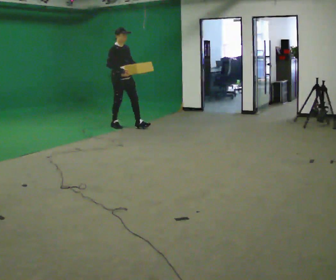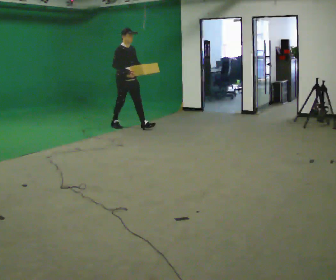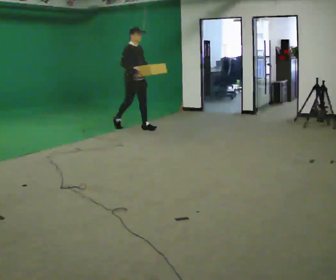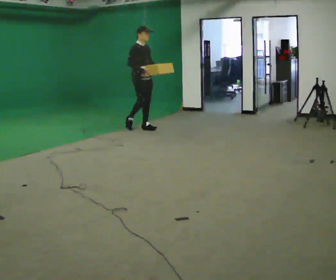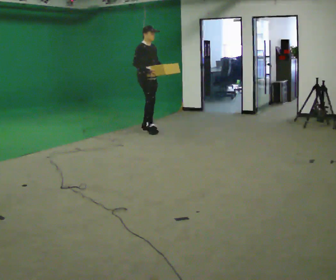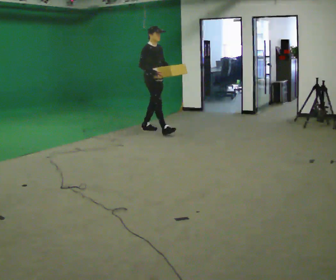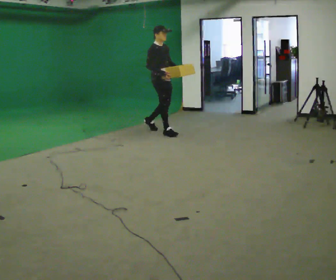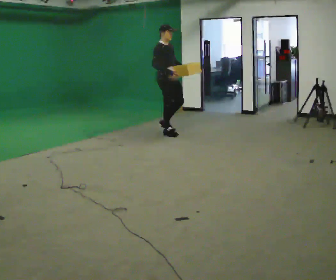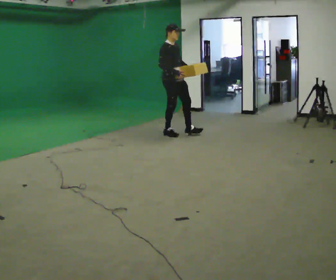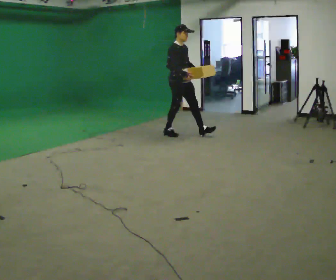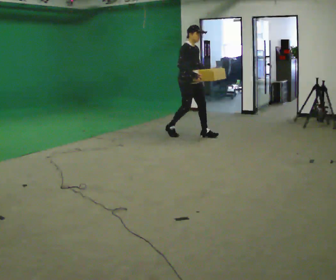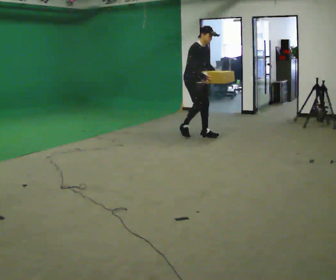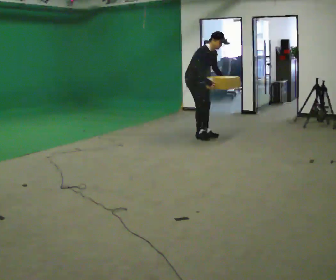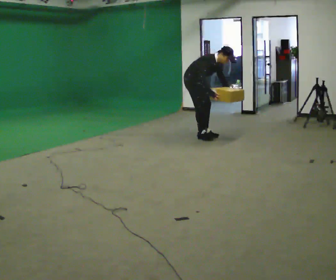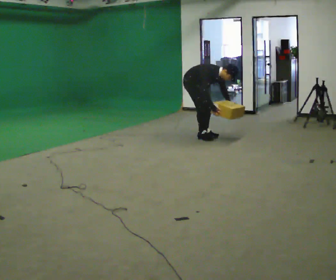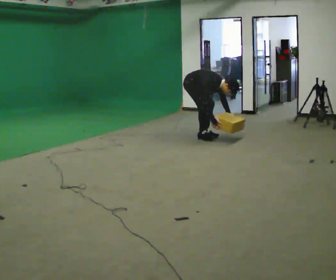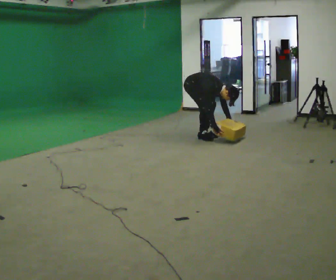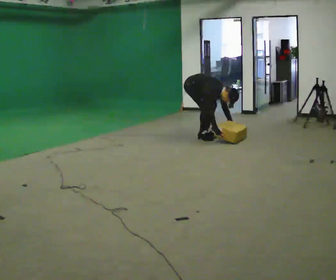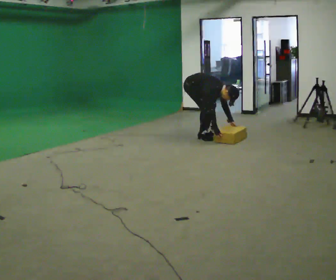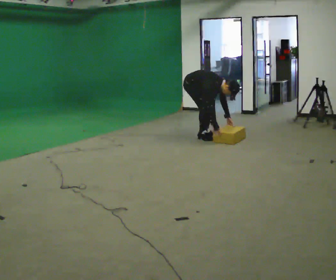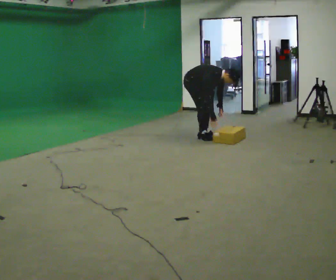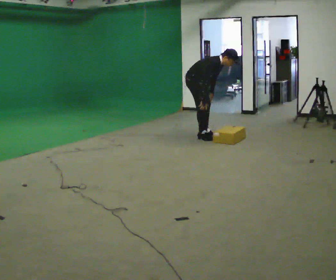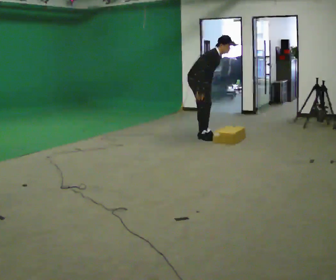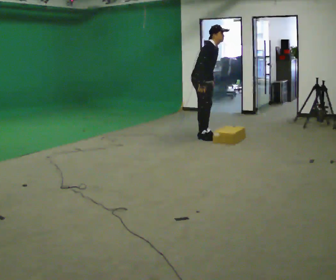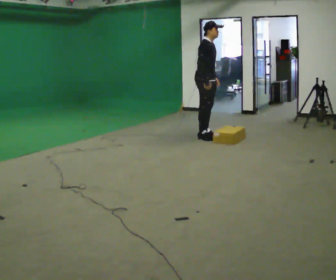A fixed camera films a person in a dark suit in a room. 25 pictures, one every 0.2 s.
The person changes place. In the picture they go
to the right.
0.0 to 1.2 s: In the picture they go to the right and toward the camera, about 1 m in 2 steps, which for them is forward.
1.2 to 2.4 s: In the picture they go to the right, about 0.5 m in 1 step, which for them is forward. In the picture the upper body tilts clockwise, shoulders to the right, as they bend forward.
2.4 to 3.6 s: The upper body goes downward. In the picture the upper body tilts clockwise, shoulders to the right, as they bend forward. In the picture their right hand goes downward.
3.6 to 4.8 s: In the picture they go to the right, about 0.25 m, which for them is forward. The shoulders move upward. In the picture the upper body tilts counterclockwise, shoulders to the left, as they lean back or straighten. In the picture their left hand goes upward.
The film runs forward here.
